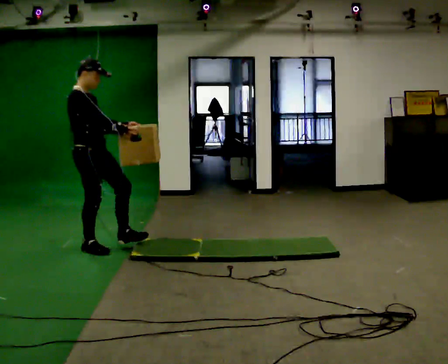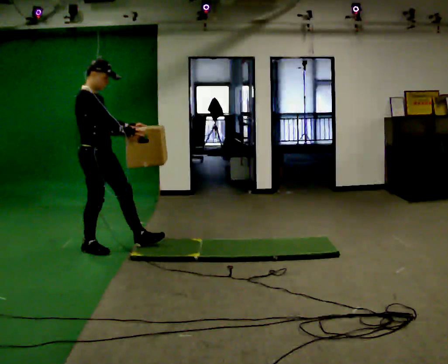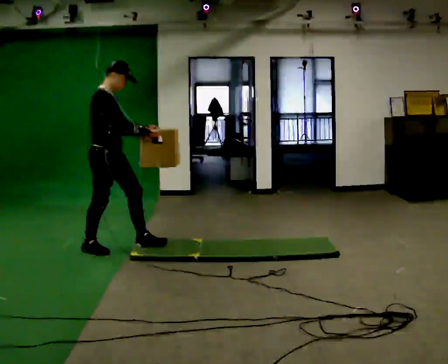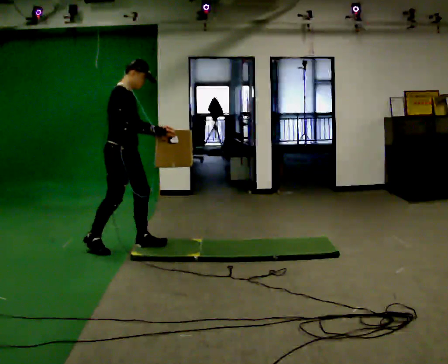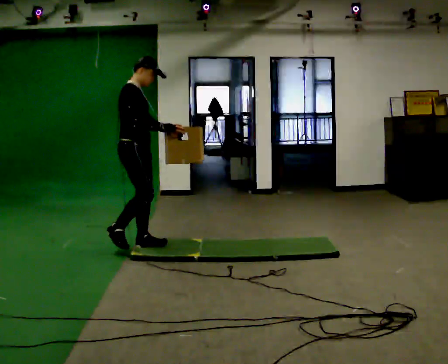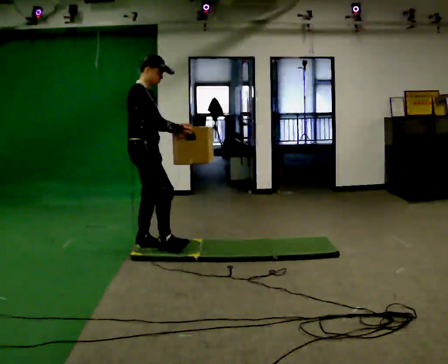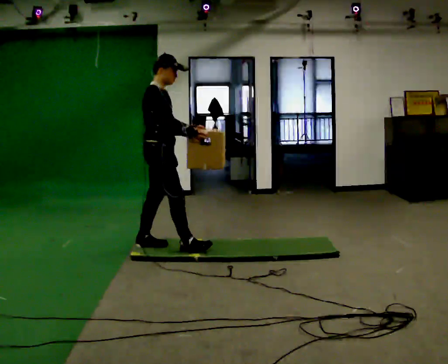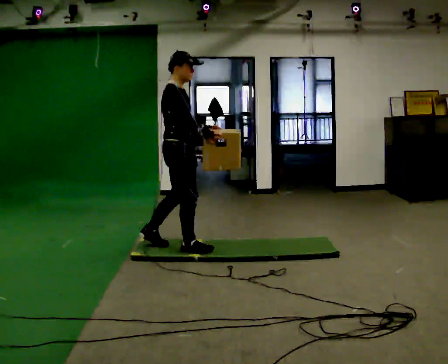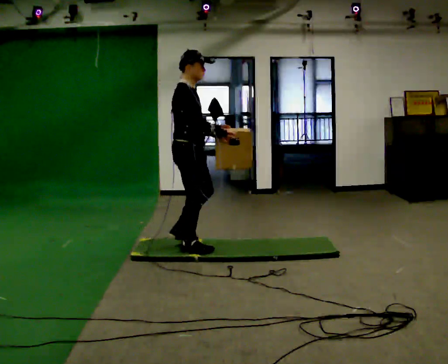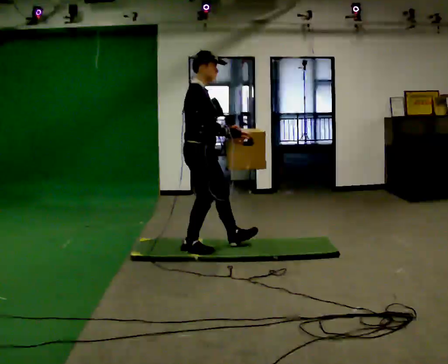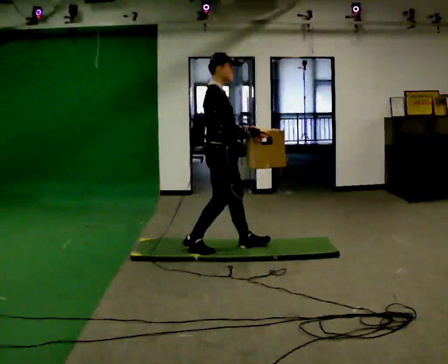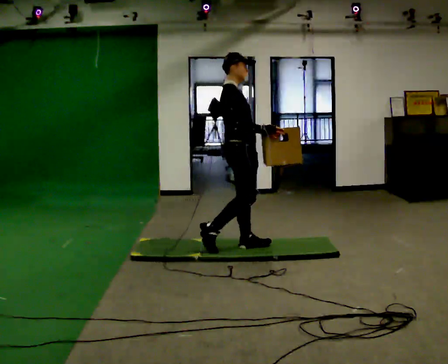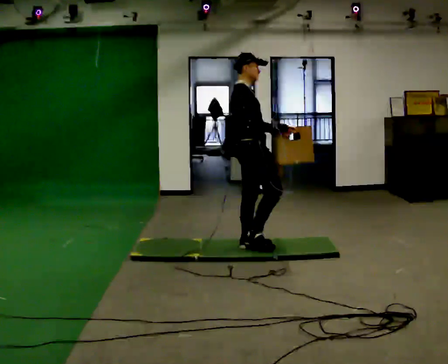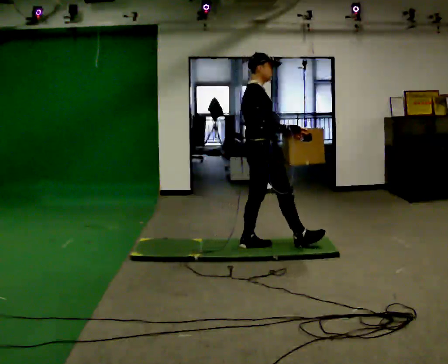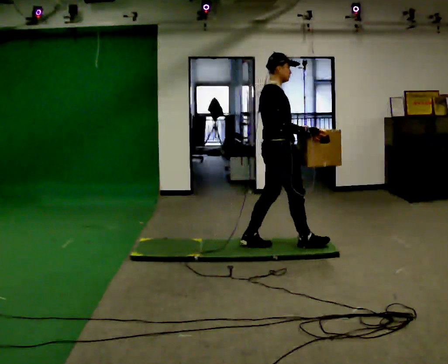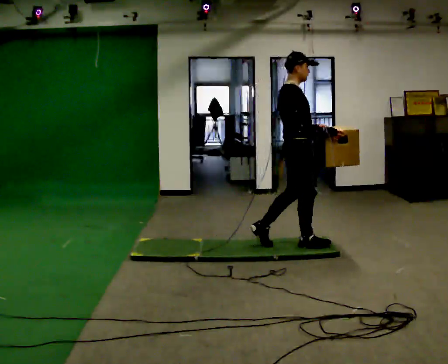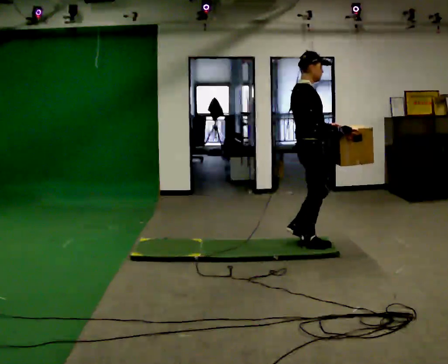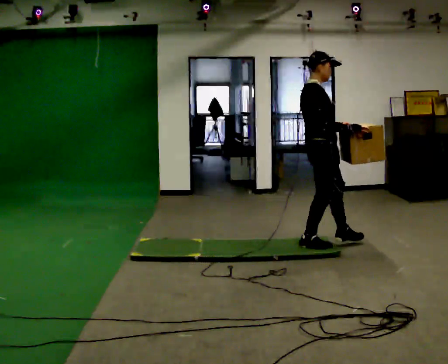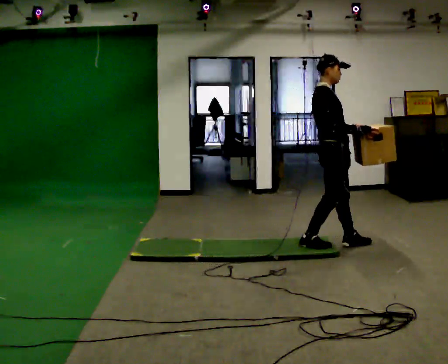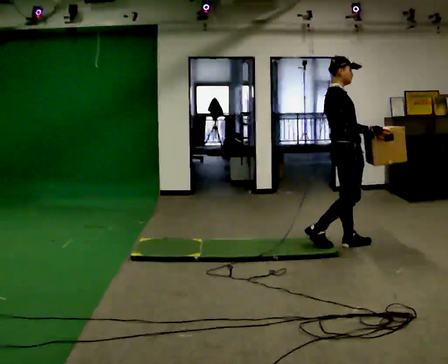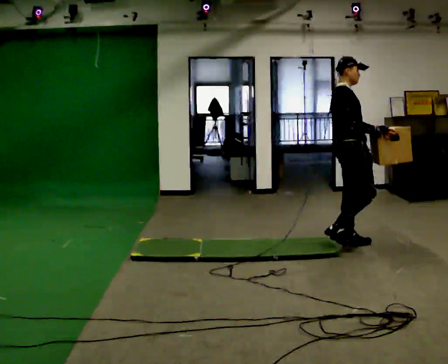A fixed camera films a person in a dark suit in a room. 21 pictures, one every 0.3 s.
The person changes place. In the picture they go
to the right.
0.0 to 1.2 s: In the picture they go to the right, about 0.5 m in 1 step, which for them is forward and to their left.
1.2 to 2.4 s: In the picture they go to the right, about 0.5 m in 1 step, which for them is forward.
2.4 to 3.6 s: In the picture they go to the right, about 0.5 m in 1 step, which for them is forward.
3.6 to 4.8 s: In the picture they go to the right, about 0.5 m in 1 step, which for them is forward.
4.8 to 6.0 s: In the picture they go to the right, about 0.5 m in 1 step, which for them is forward and to their left.
The film runs forward here.
